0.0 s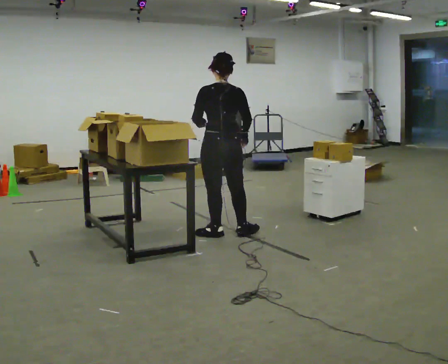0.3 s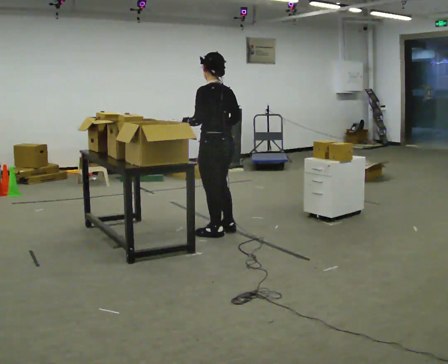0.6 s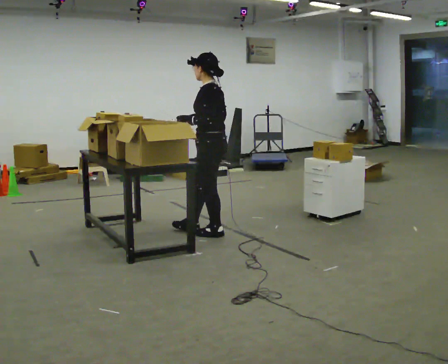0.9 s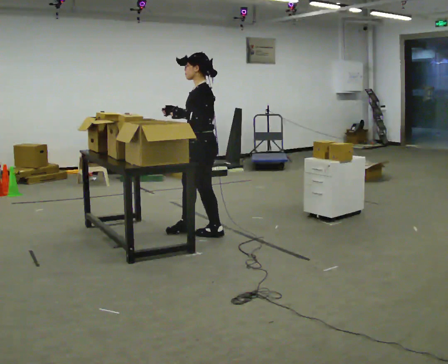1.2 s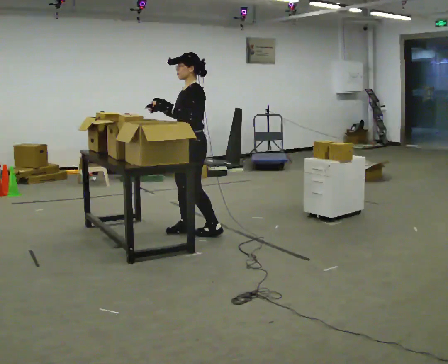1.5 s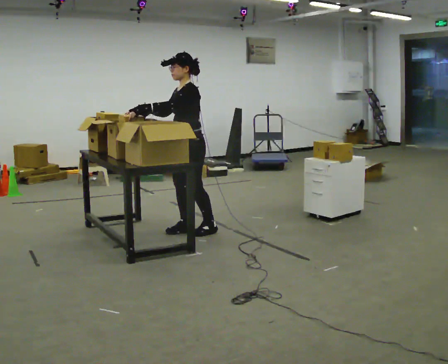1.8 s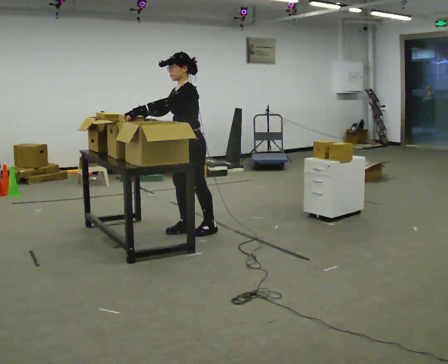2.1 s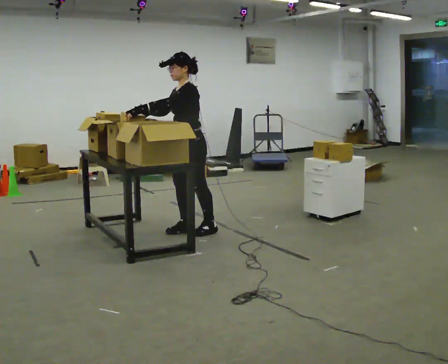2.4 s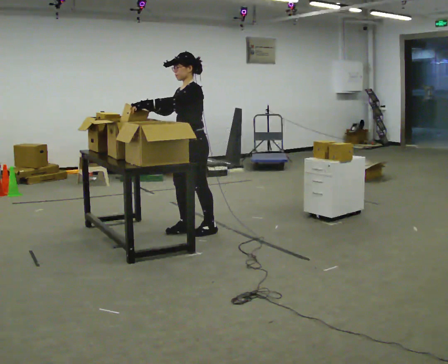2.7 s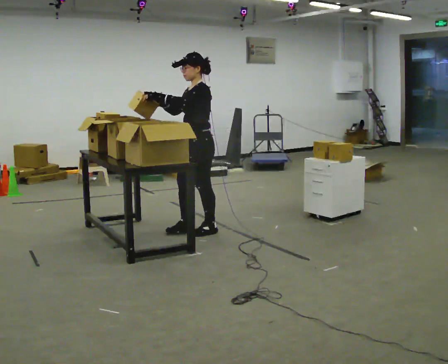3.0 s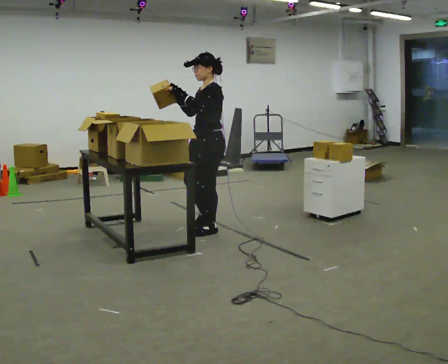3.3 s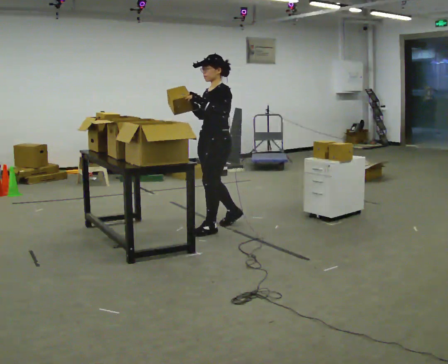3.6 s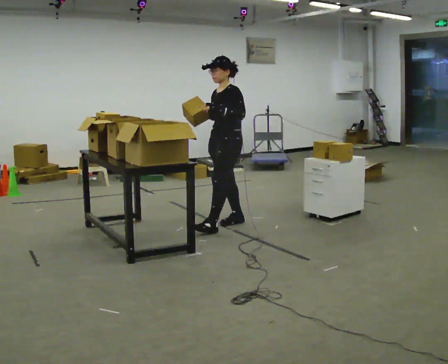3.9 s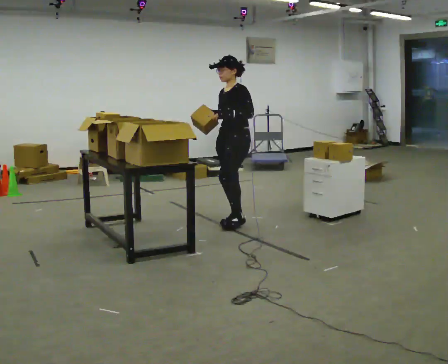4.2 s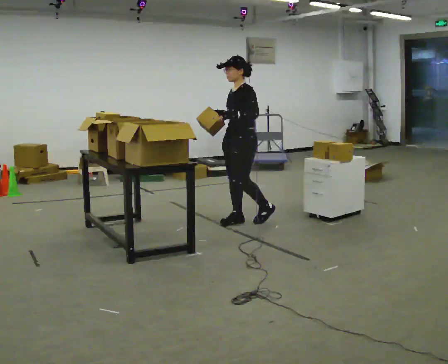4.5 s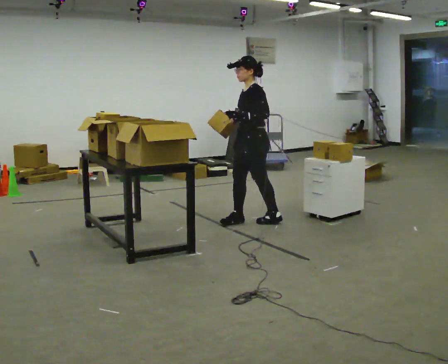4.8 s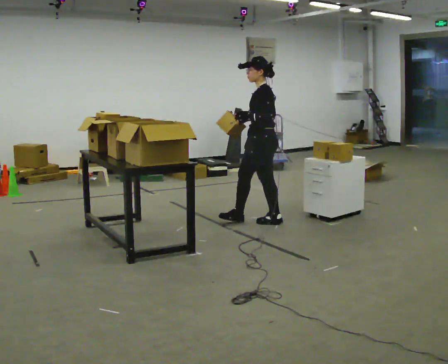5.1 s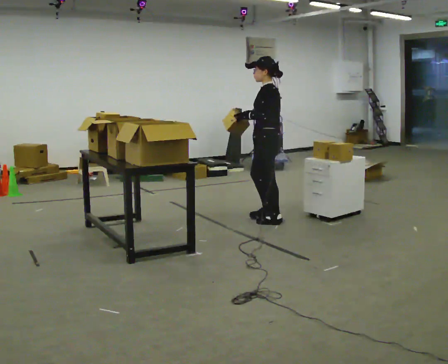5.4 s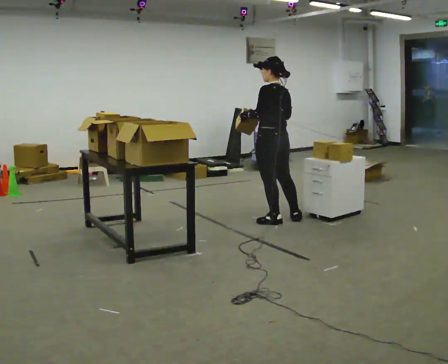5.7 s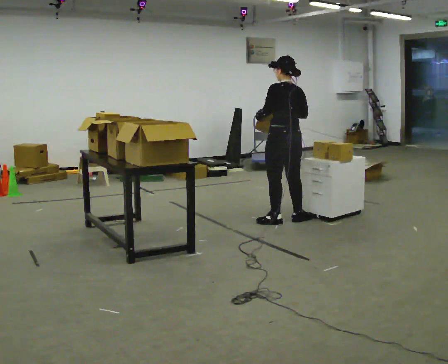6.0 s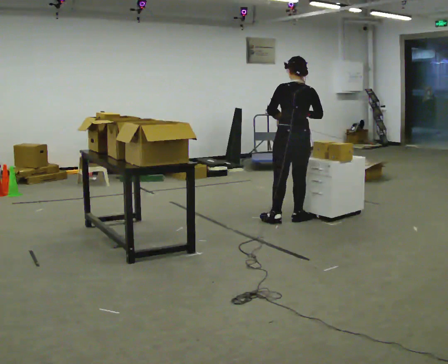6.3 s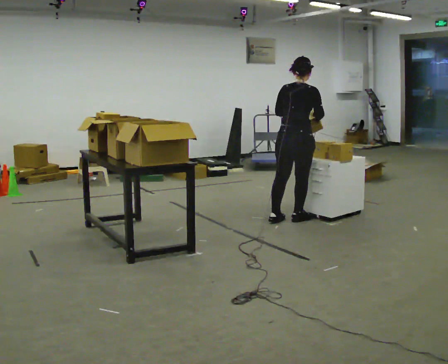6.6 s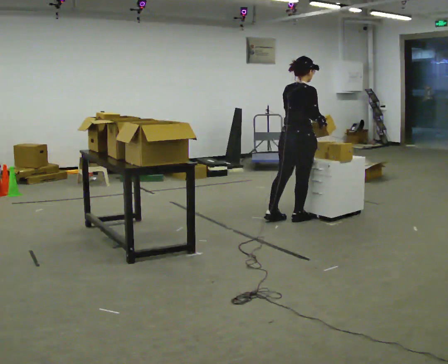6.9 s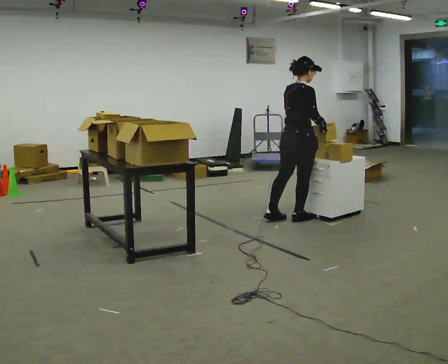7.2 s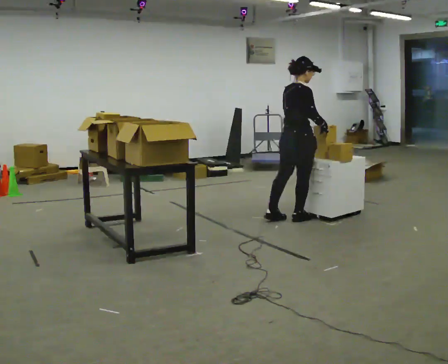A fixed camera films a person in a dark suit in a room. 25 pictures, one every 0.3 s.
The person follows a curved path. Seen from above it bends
clockwise.
0.0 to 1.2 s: The person turns about 90 degrees to their left, counterclockwise seen from above, so the part of the body nearest the lens slides to the right. In the picture they go to the left, about 0.25 m in 1 step.
1.2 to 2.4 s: The person moves a little, or ends about where they began.
2.4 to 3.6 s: In the picture they go to the right and away from the camera, about 0.5 m in 1 step, which for them is backward.
3.6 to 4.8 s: The person turns about 30 degrees to their right, clockwise seen from above, so the part of the body nearest the lens slides to the left. In the picture they go to the right, about 0.25 m in 1 step, which for them is backward.
4.8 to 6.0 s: Seen from above the body turns clockwise, about 90 degrees: to their right, with its near side sliding to the left. In the picture they go to the right, about 0.25 m in 1 step.
6.0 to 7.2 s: The part of the body nearest the lens slides to the left as the person turns to their right by about 60 degrees. In the picture their left hand goes to the right.
The film runs backward here.
